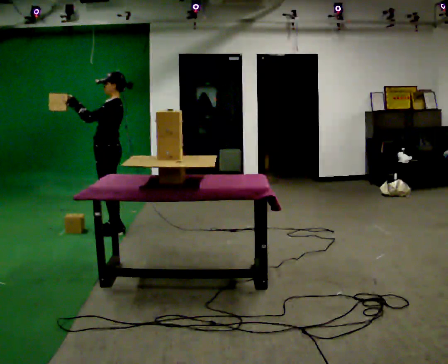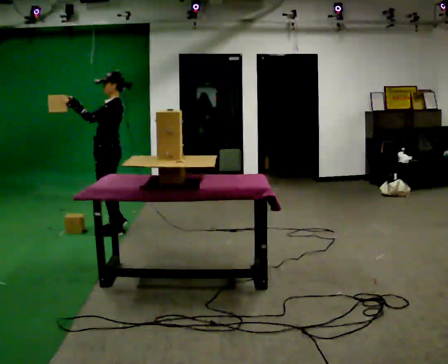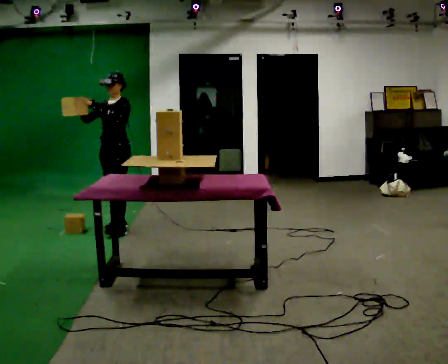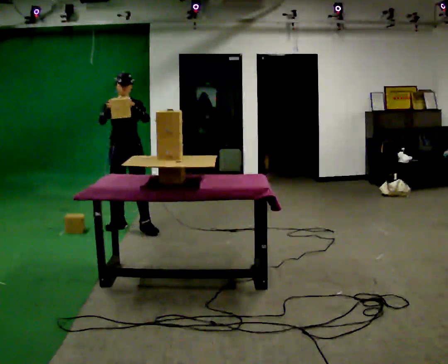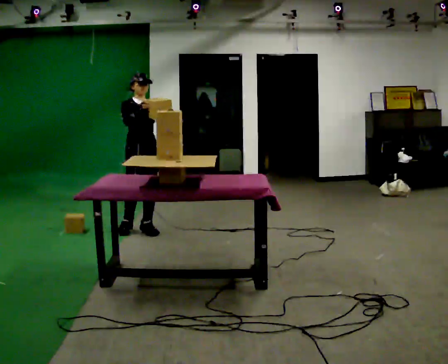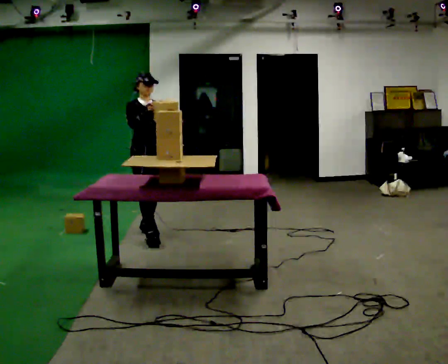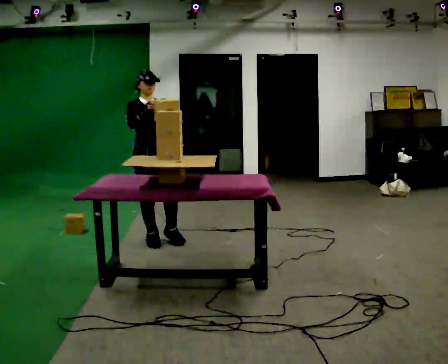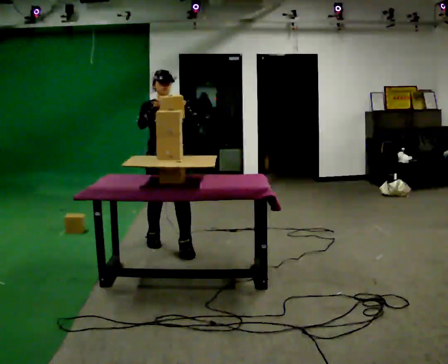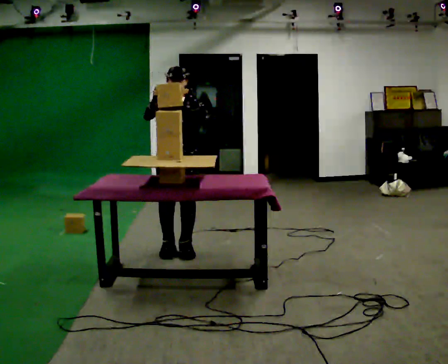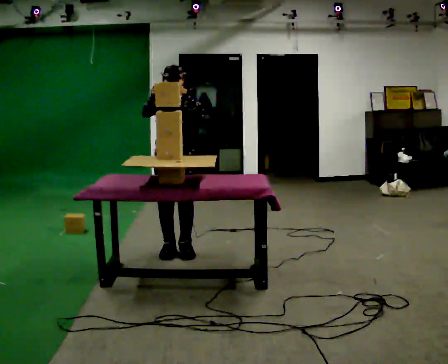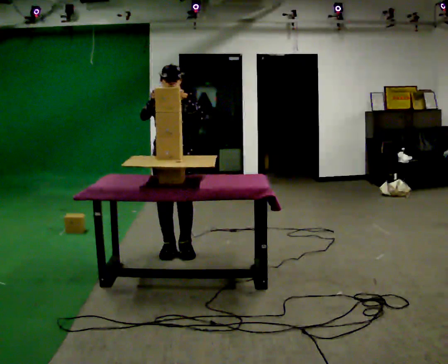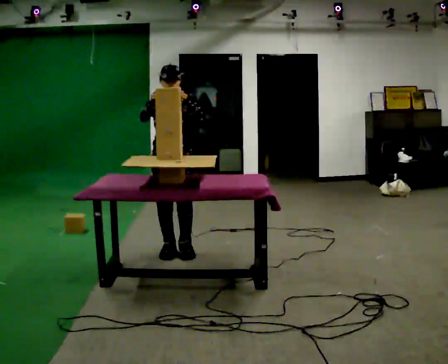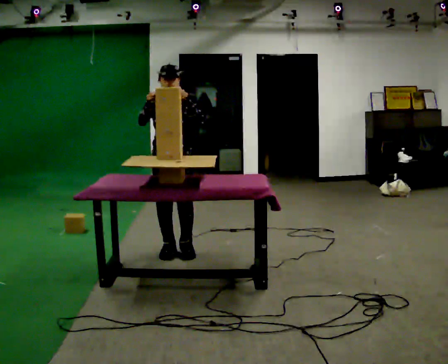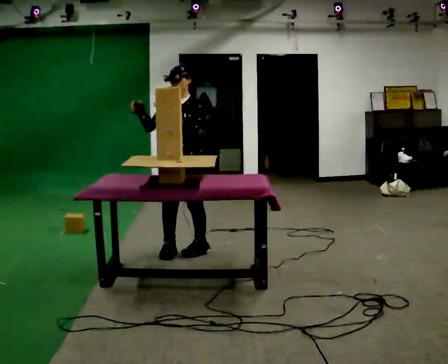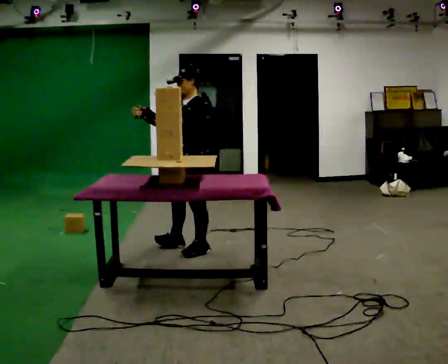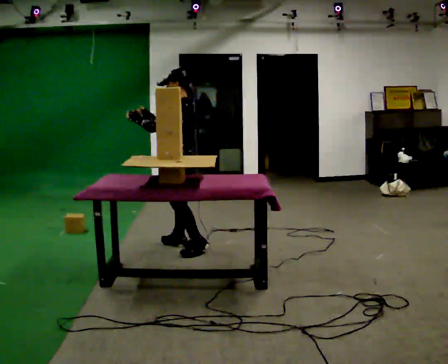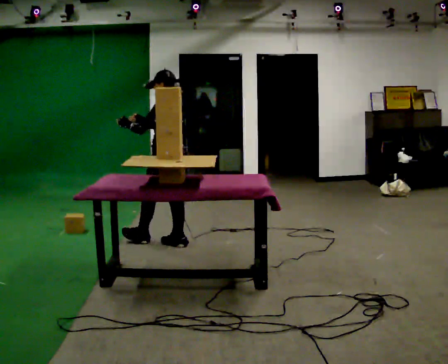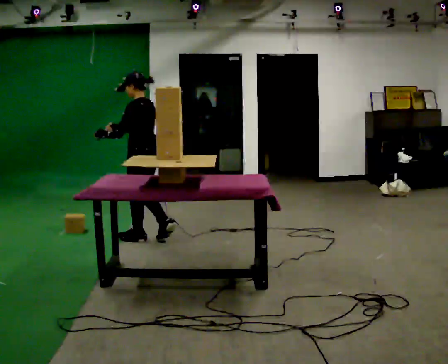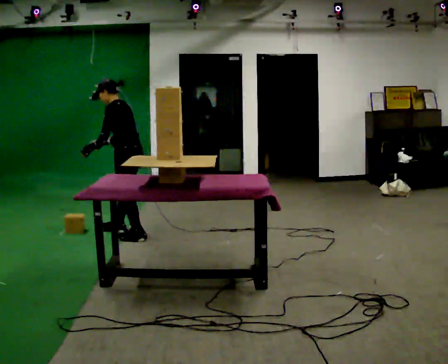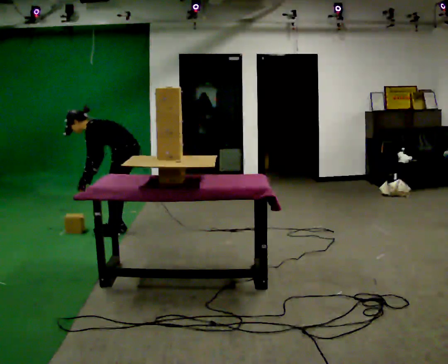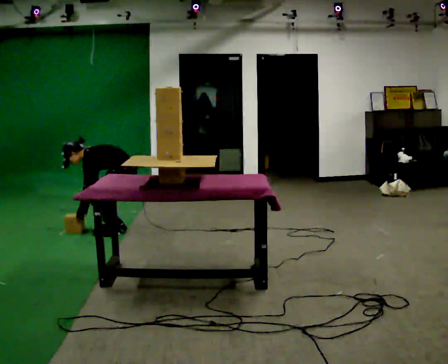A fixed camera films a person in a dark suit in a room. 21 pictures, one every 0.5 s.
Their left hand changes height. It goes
downward.
Their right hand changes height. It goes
downward.
0.0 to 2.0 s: The person turns about 105 degrees to their left, counterclockwise seen from above, so the part of the body nearest the lens slides to the right. In the picture they go to the right, about 0.25 m in 2 steps.
2.0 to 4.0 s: The part of the body nearest the lens slides to the left as the person turns to their right by about 30 degrees. In the picture they go toward the camera and to the right, about 1 m in 2 steps, which for them is forward.
4.0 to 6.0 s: The person moves a little, or ends about where they began.
6.0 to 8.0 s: The part of the body nearest the lens slides to the left as the person turns to their right by about 120 degrees. In the picture they go away from the camera, about 0.25 m in 2 steps.
8.0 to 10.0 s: Seen from above the body turns counterclockwise, about 30 degrees: to their left, with its near side sliding to the right. In the picture they go to the left and away from the camera, about 0.5 m in 3 steps, which for them is forward and to their right. The upper body goes downward. In the picture the upper body tilts counterclockwise, shoulders to the left, as they bend forward. In the picture their left hand goes downward, the arm swinging counterclockwise.
The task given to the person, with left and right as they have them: Carry the object over and set it down on the wobbly board without tipping it over. Keep going until the operator says stop; one object at a time, and do not rush between trips.
The film runs forward here.
